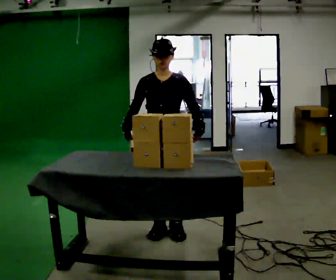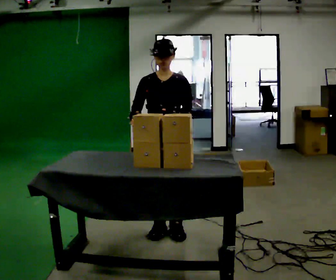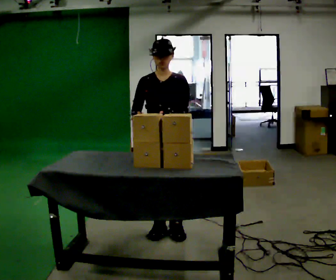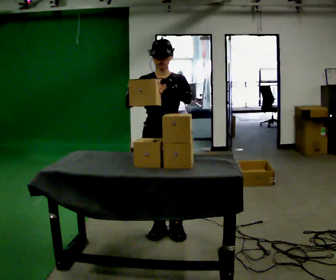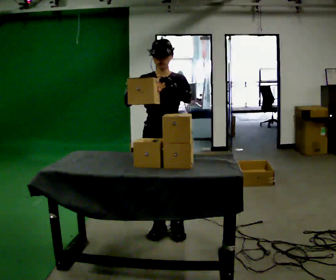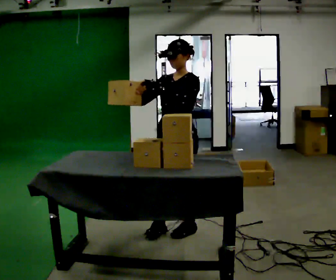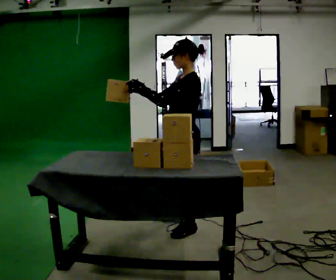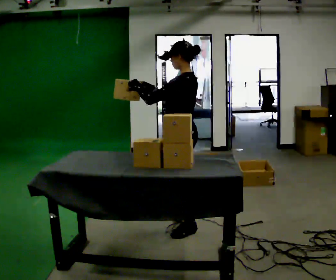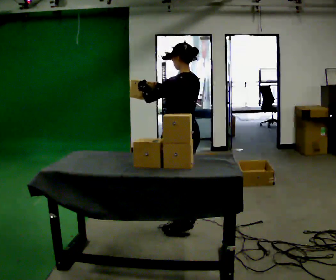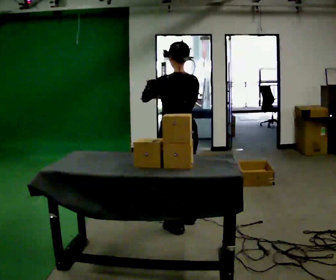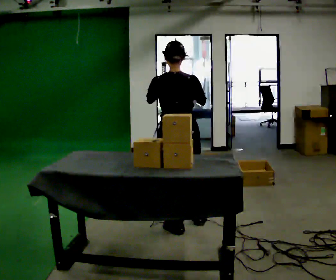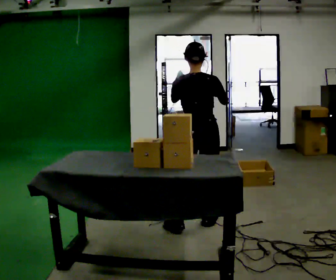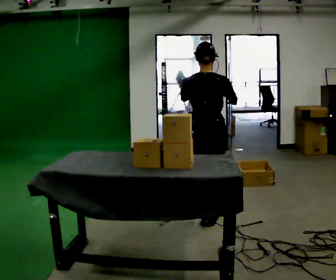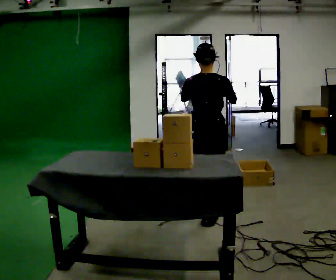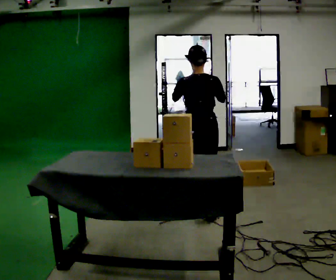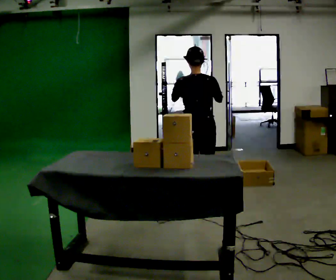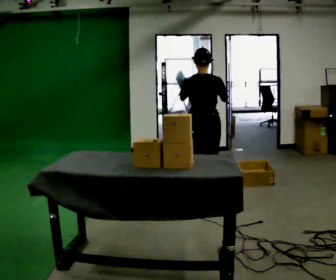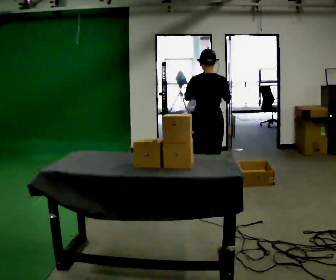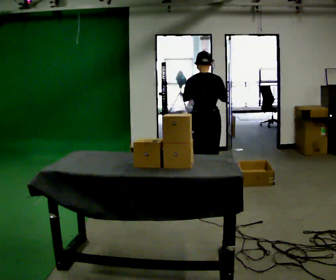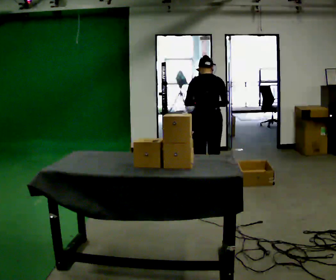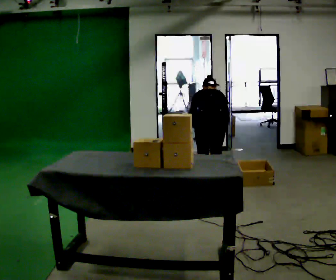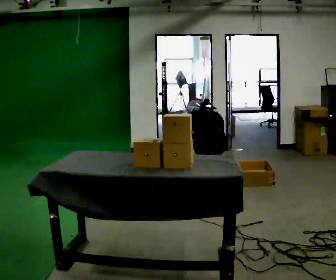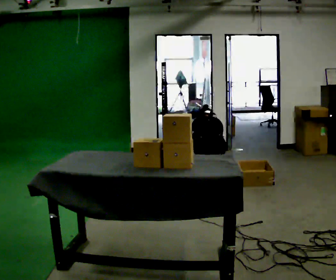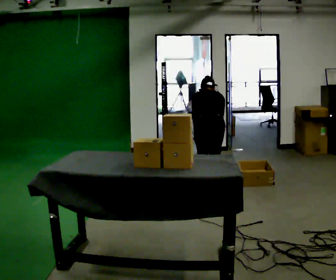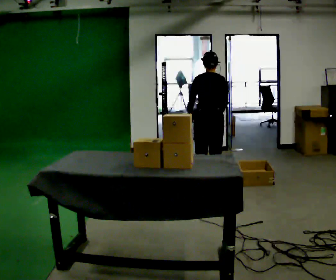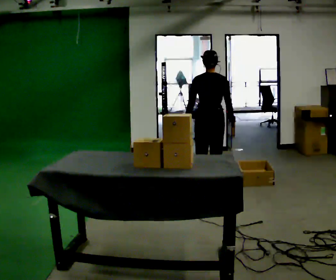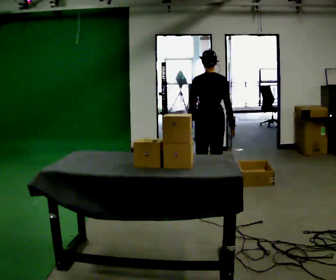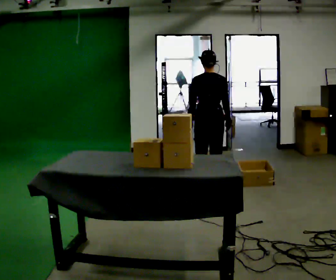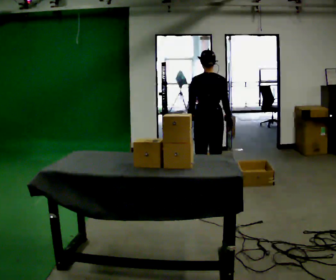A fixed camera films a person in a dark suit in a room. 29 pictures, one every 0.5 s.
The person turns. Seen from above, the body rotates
clockwise.
The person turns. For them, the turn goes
to their right.
0.0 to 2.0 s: The person moves a little, or ends about where they began.
2.0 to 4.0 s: The person turns about 120 degrees to their right, clockwise seen from above, so the part of the body nearest the lens slides to the left. In the picture they go away from the camera, about 0.25 m in 2 steps.
4.0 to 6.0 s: The person turns about 60 degrees to their right, clockwise seen from above, so the part of the body nearest the lens slides to the left. In the picture they go to the right, about 0.25 m. In the picture their right hand goes to the right.
6.0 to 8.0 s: In the picture they go away from the camera, about 0.5 m in 2 steps, which for them is forward.
8.0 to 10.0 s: In the picture they go away from the camera, about 0.25 m in 2 steps, which for them is forward. The upper body goes downward. The upper body tips away from the camera, its near side rolling upward, as they bend forward. In the picture their right hand goes downward.
10.0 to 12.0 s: The upper body tips toward the camera, its near side rolling downward, as they lean back or straighten.
12.0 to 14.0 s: The person moves a little, or ends about where they began.
The film runs forward here.
